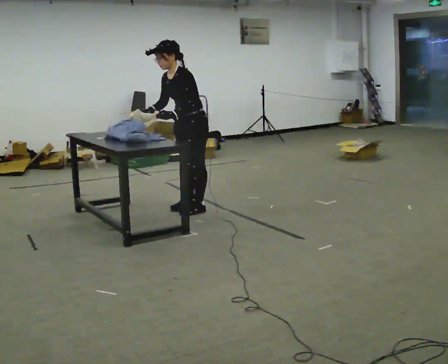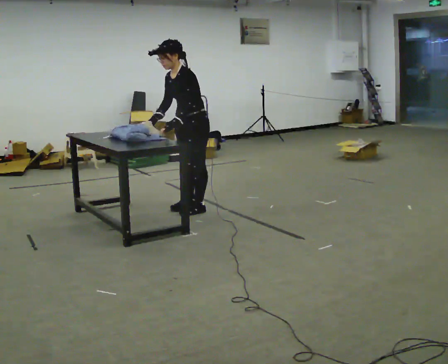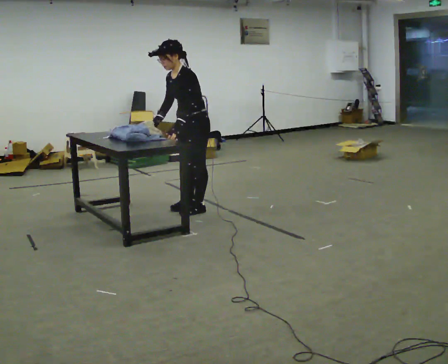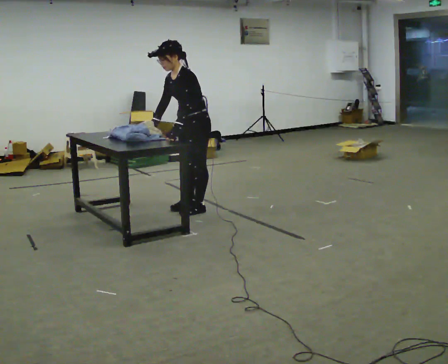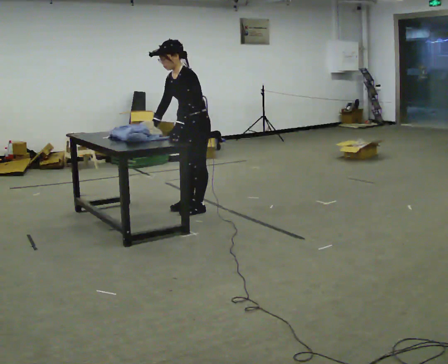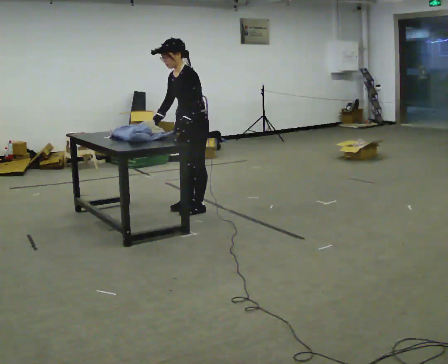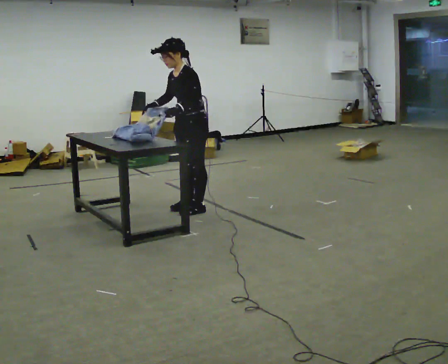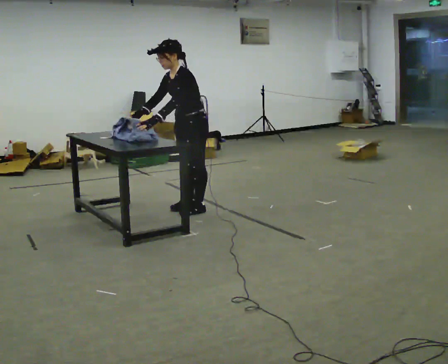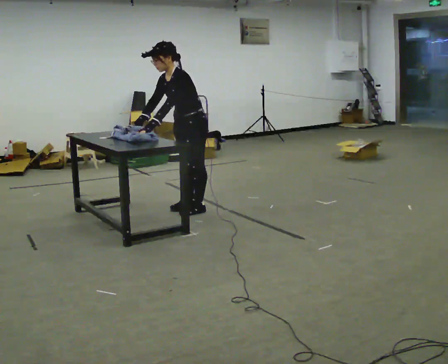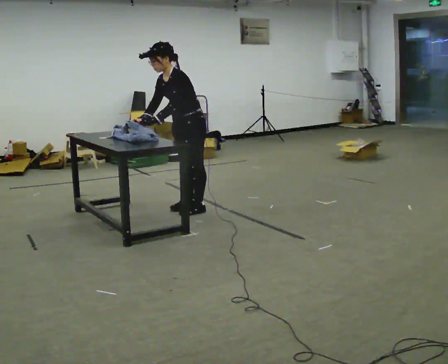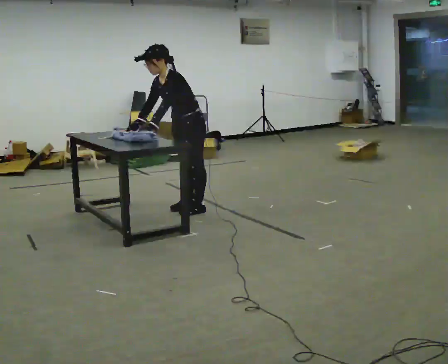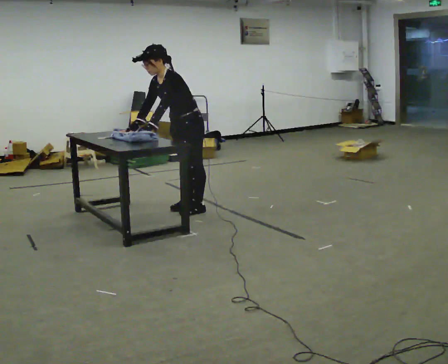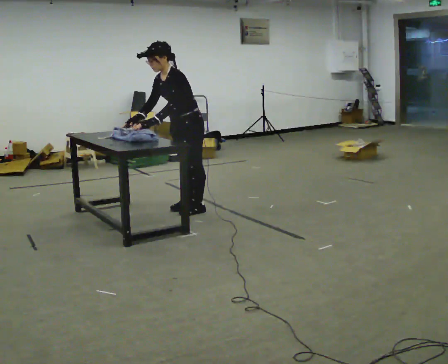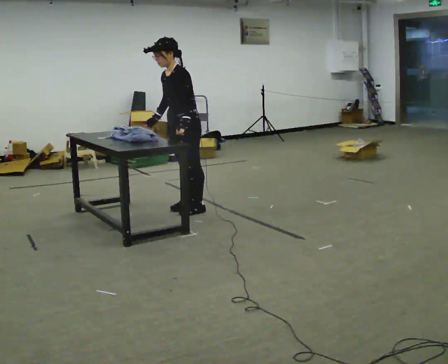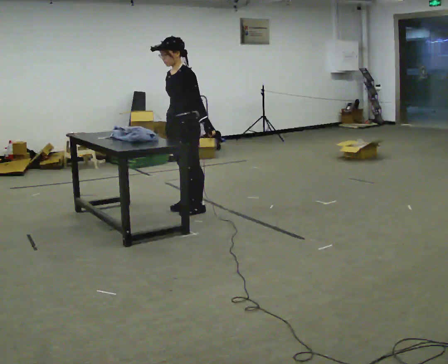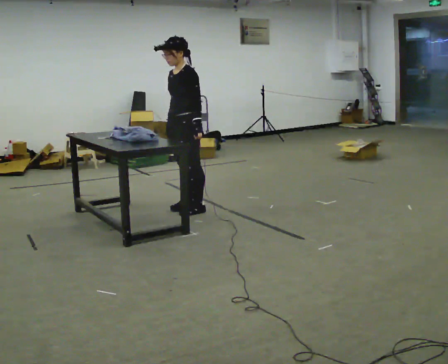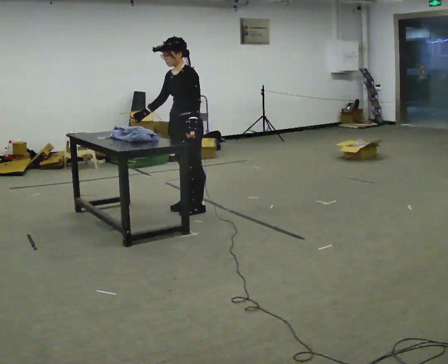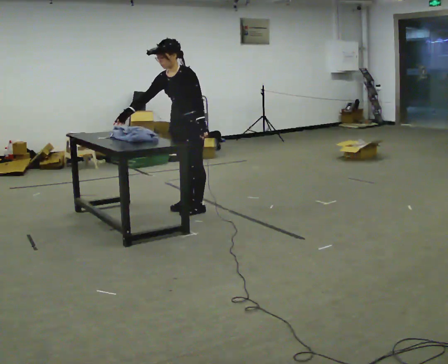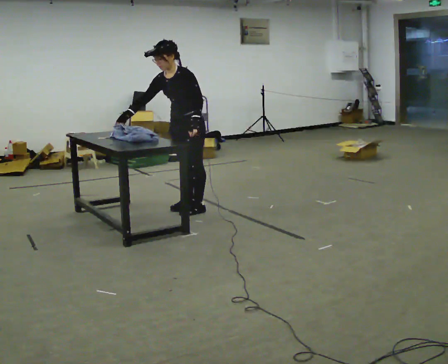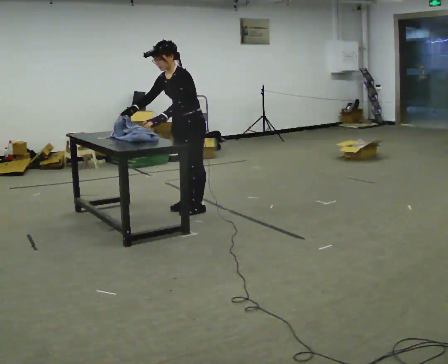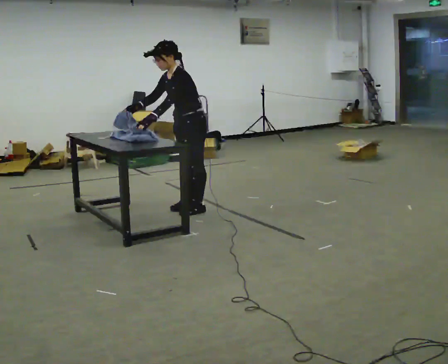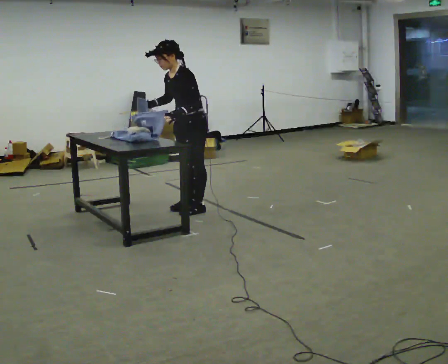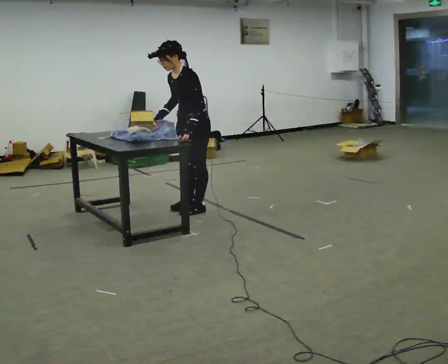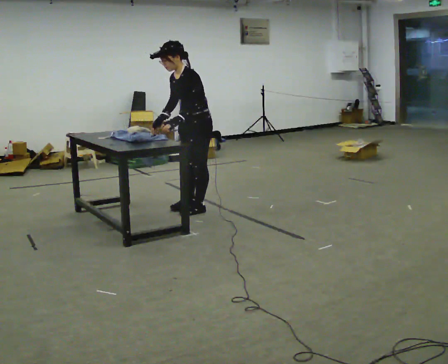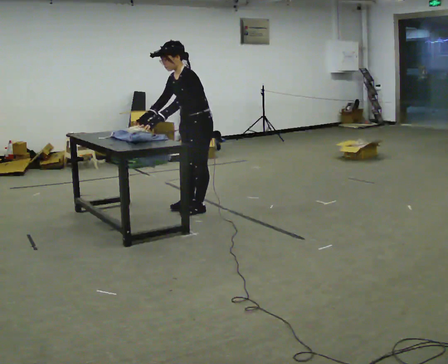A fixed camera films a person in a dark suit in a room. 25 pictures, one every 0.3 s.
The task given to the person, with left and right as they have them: Fold the cloth in half, then in half again, then unfold it. Repeat at your own pace until the operator says stop. Keep both feet on the marked spots for the whole take. If you have to step, stop and tell the operator.
0.0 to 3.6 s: The person moves a little, or ends about where they began.
3.6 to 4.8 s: In the picture the upper body tilts clockwise, shoulders to the right, as they lean back or straighten. In the picture their left hand goes to the right.
4.8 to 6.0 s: In the picture the upper body tilts counterclockwise, shoulders to the left, as they bend forward. In the picture their left hand goes to the left.
6.0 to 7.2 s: The person moves a little, or ends about where they began.
The film runs forward here.
